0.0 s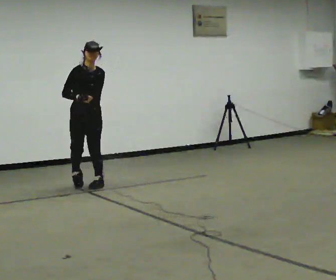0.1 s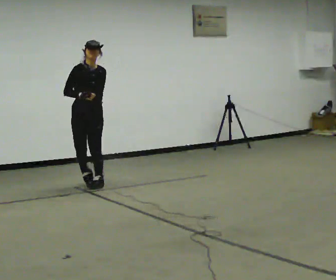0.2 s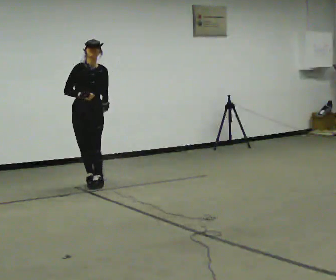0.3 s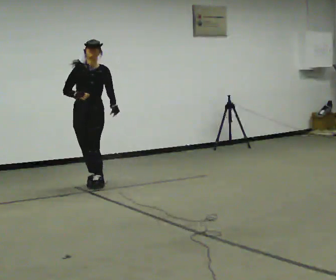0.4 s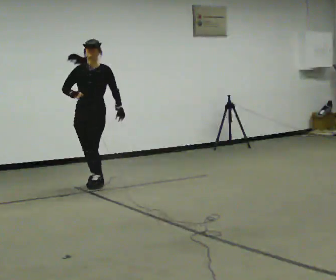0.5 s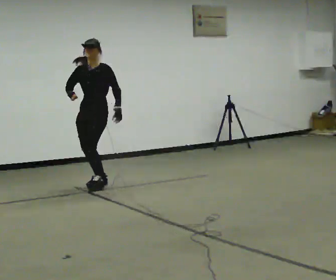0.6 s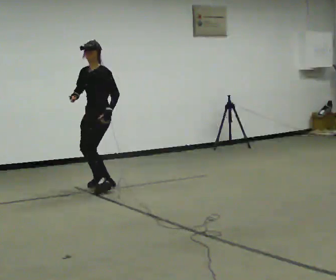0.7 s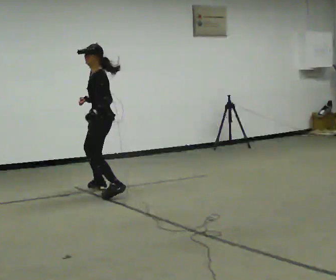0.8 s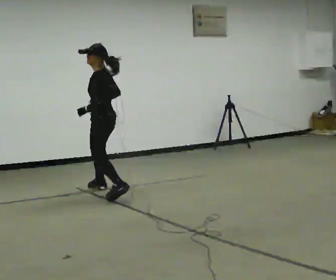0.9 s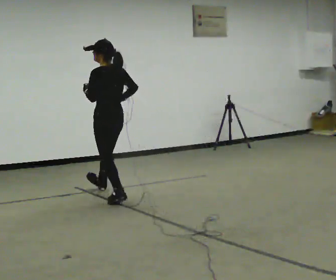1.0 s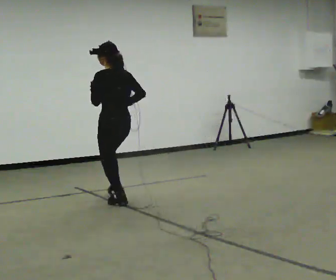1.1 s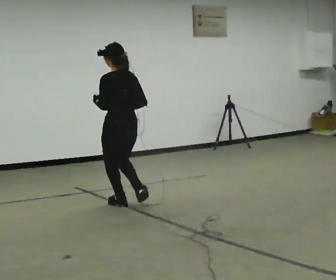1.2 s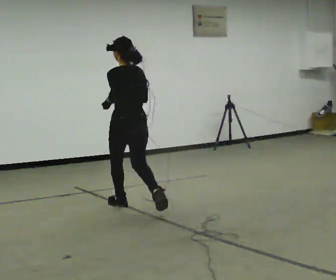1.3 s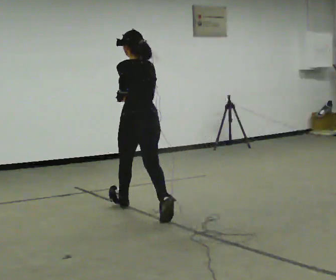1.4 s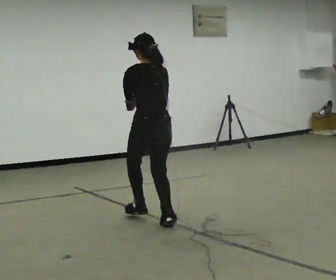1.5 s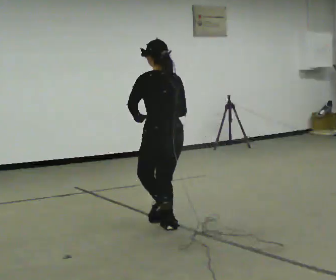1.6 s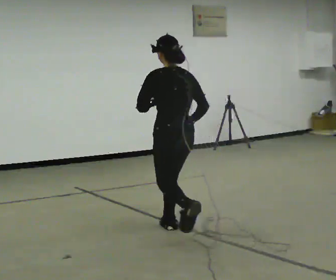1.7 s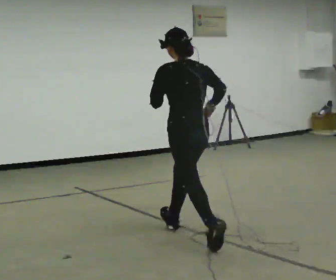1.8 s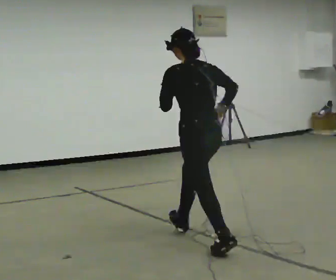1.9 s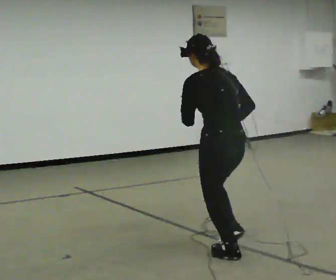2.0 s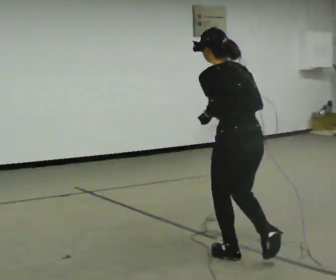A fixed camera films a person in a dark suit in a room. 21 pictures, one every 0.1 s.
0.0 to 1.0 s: Seen from above the body turns clockwise, about 165 degrees: to their right, with its near side sliding to the left. In the picture they go toward the camera and to the right, about 0.5 m in 2 steps.
1.0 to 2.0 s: In the picture they go toward the camera and to the right, about 2 m in 2 steps, which for them is backward. The upper body tips away from the camera, its near side rolling upward, as they bend forward.
The film runs backward here.
